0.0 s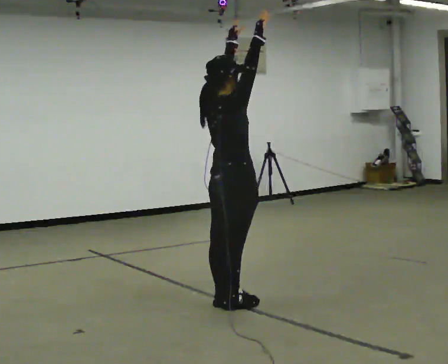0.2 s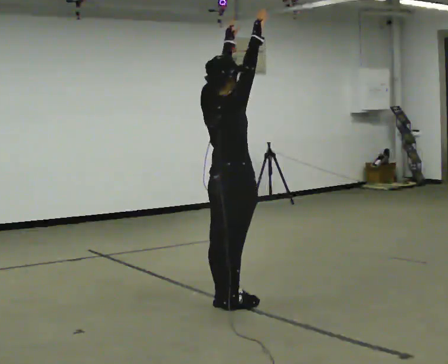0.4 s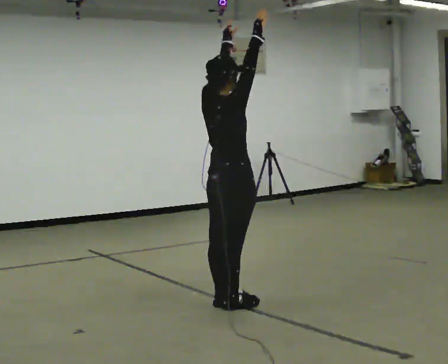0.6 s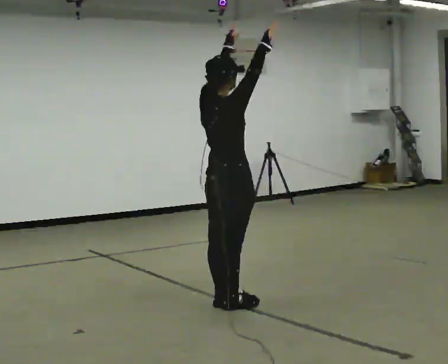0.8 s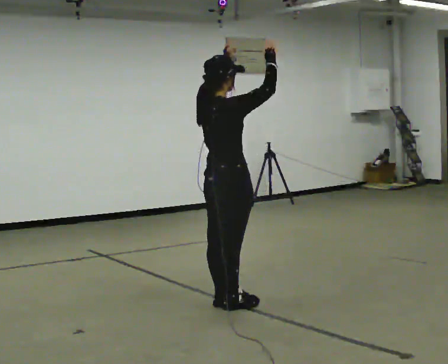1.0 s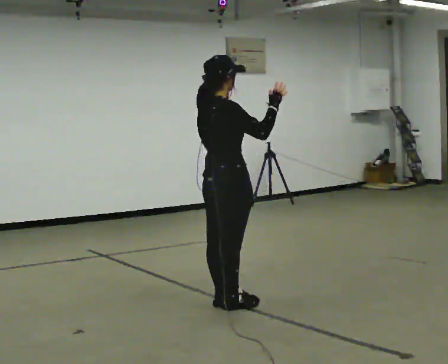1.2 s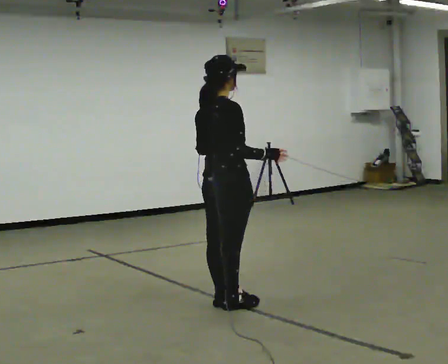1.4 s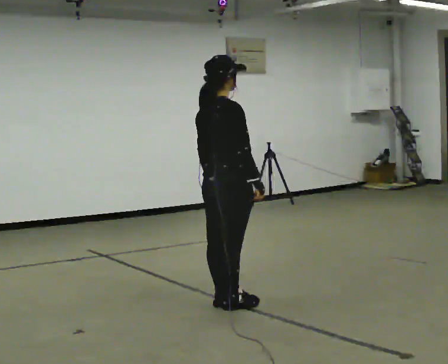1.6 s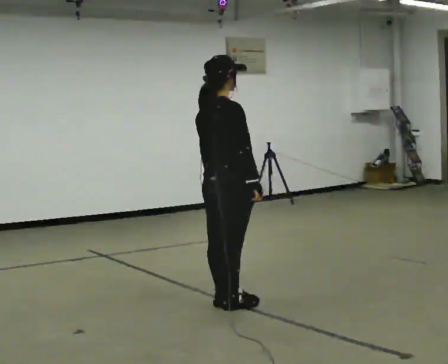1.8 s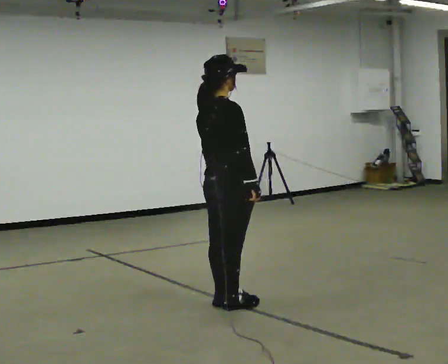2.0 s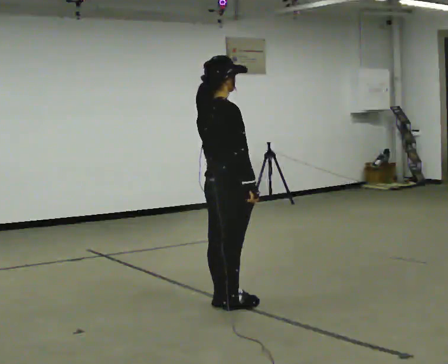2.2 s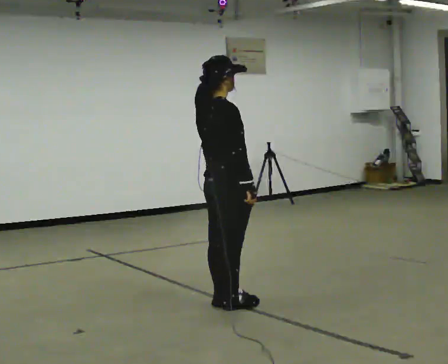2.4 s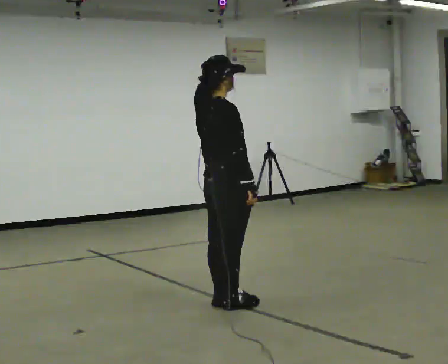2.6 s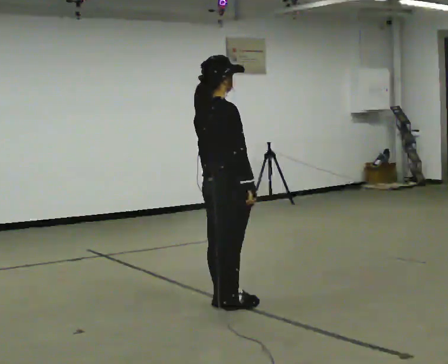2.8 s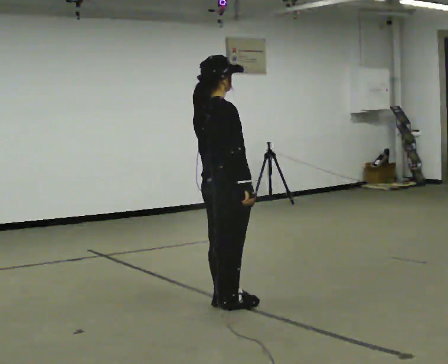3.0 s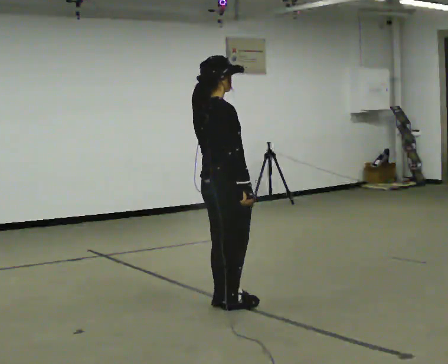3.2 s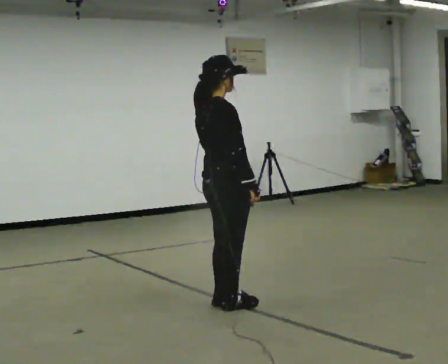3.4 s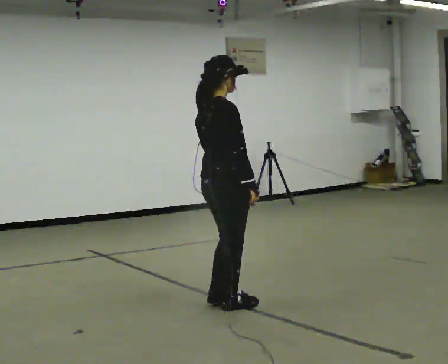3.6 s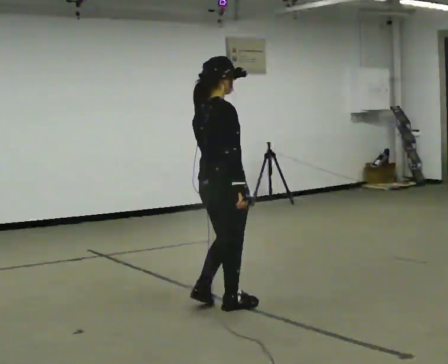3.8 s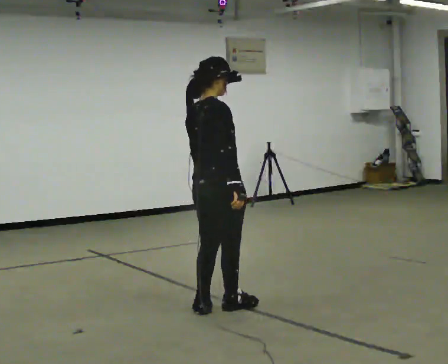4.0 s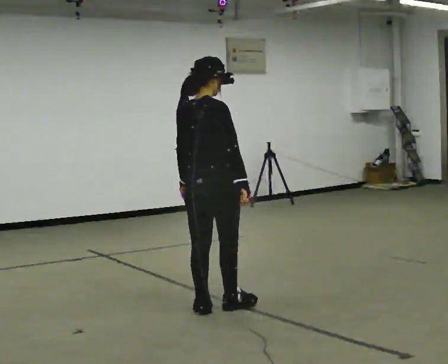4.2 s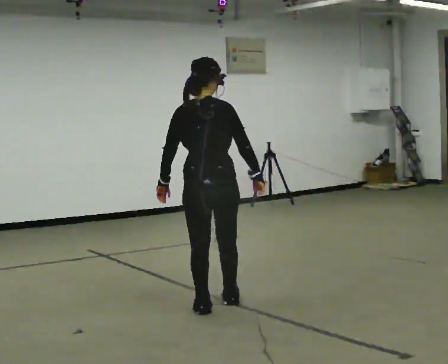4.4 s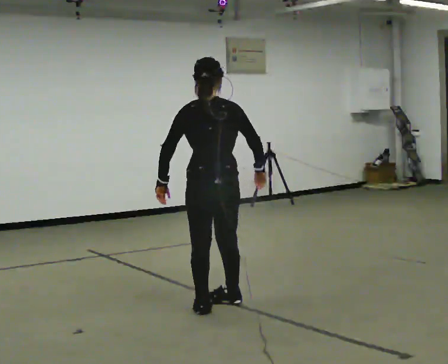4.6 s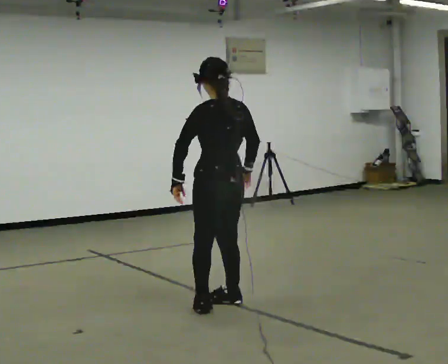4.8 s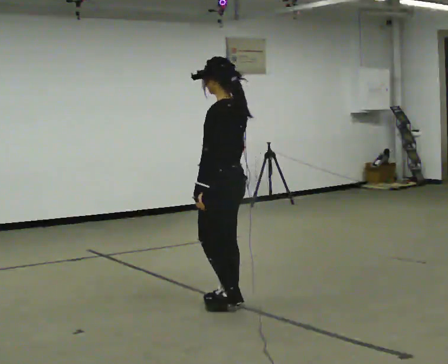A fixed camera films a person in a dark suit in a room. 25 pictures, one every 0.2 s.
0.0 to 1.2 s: In the picture their right hand goes downward, the arm swinging clockwise.
1.2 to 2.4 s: In the picture their left hand goes downward.
2.4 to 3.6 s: The person moves a little, or ends about where they began.
3.6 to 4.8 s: The person turns about 120 degrees to their left, counterclockwise seen from above, so the part of the body nearest the lens slides to the right.
The film runs backward here.
